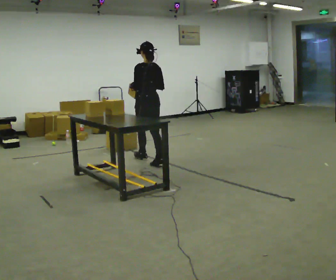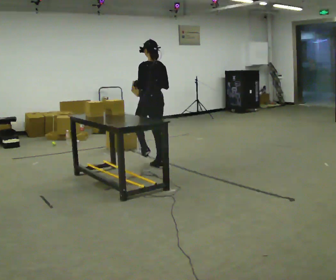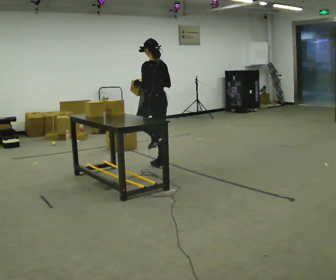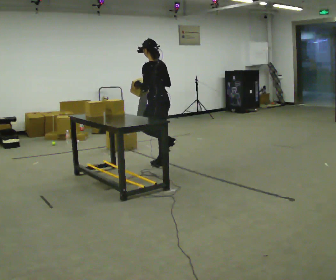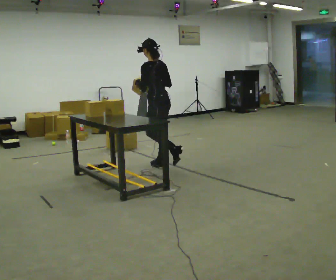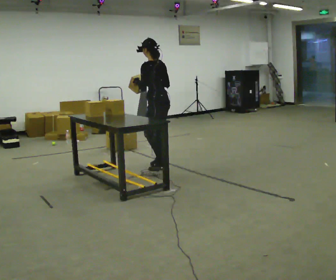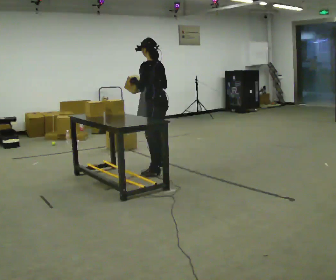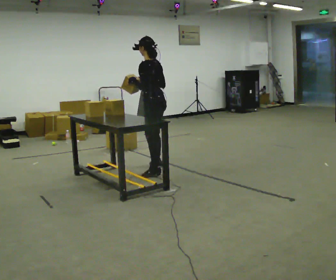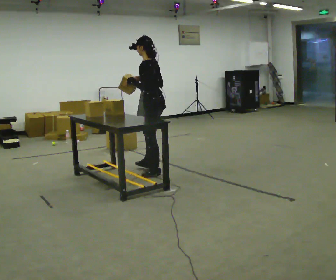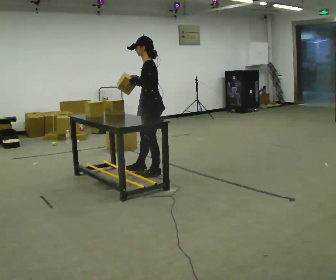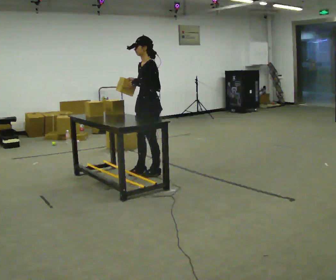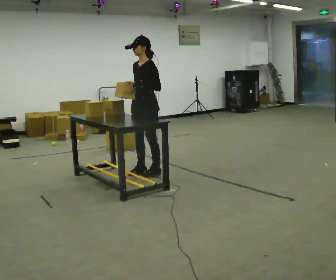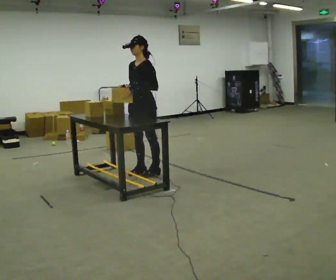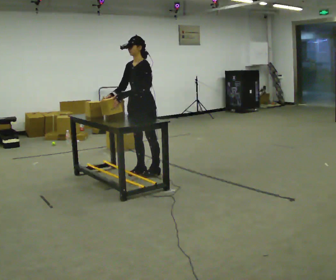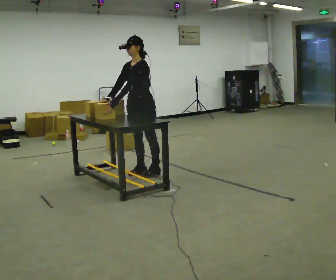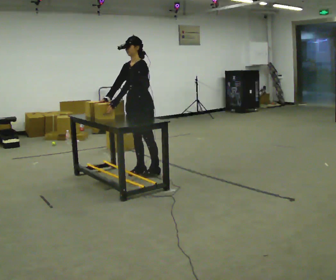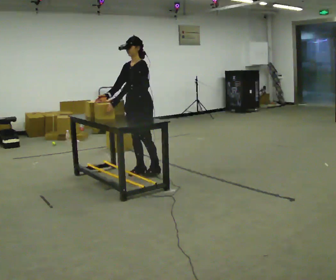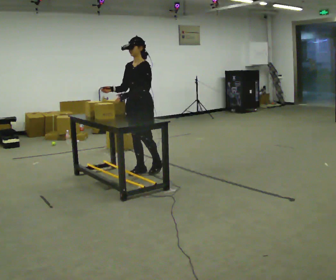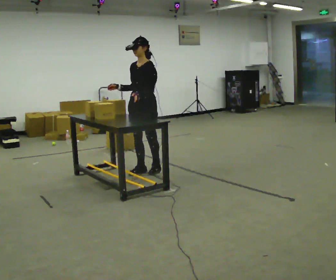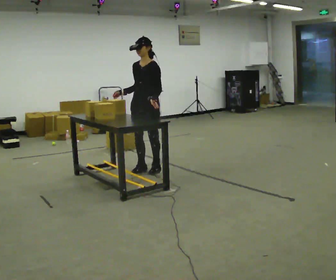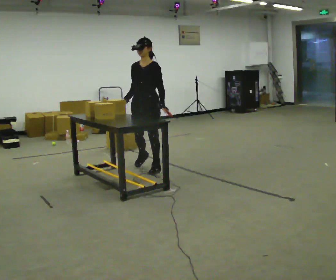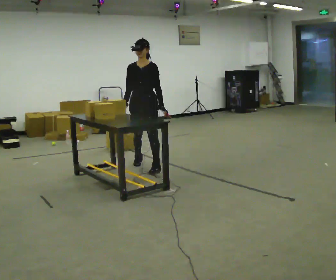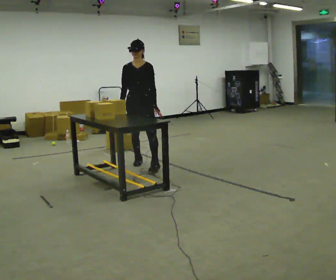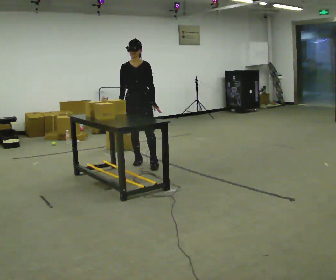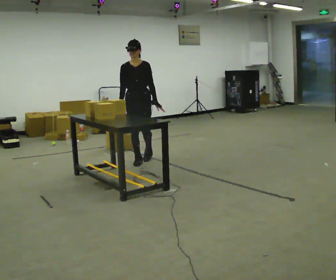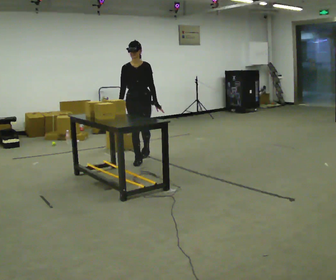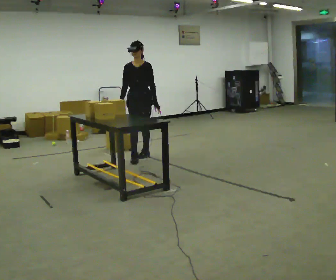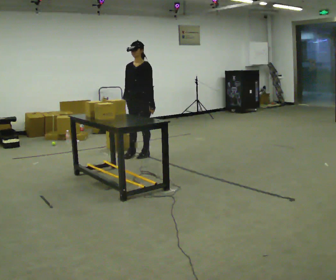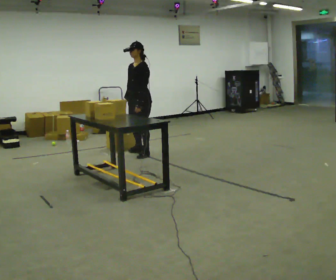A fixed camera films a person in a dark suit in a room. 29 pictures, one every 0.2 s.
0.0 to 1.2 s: The part of the body nearest the lens slides to the right as the person turns to their left by about 30 degrees. In the picture they go toward the camera, about 0.5 m, which for them is backward and to their left.
1.2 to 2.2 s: Seen from above the body turns counterclockwise, about 60 degrees: to their left, with its near side sliding to the right.
2.2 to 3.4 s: The person moves a little, or ends about where they began.
3.4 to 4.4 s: Seen from above the body turns counterclockwise, about 30 degrees: to their left, with its near side sliding to the right. In the picture they go away from the camera, about 0.25 m in 2 steps, which for them is backward and to their right.
4.4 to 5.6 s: The person turns about 45 degrees to their right, clockwise seen from above, so the part of the body nearest the lens slides to the left. In the picture they go away from the camera, about 0.5 m in 1 step, which for them is backward.
The film runs backward here.
